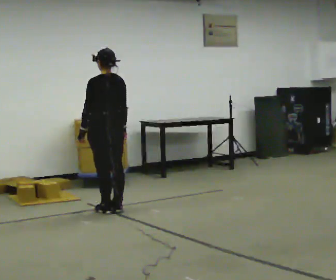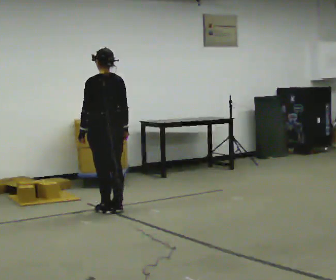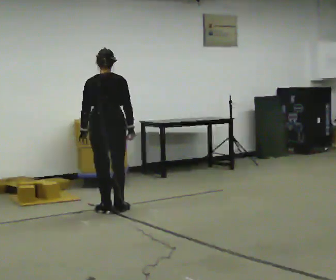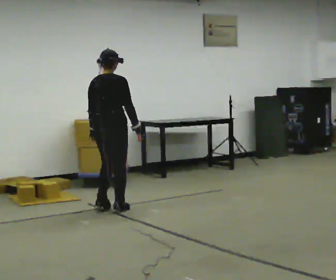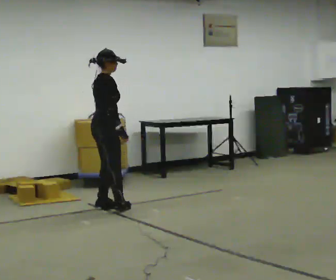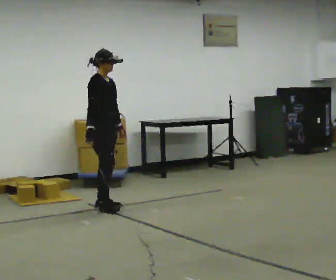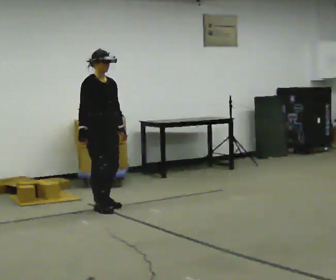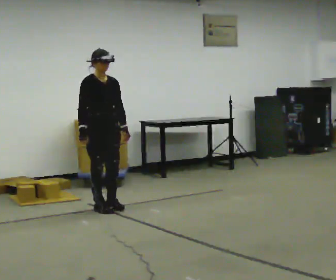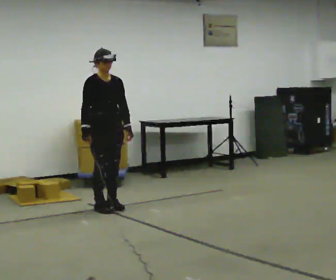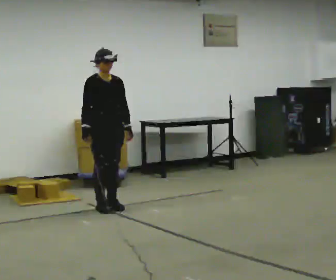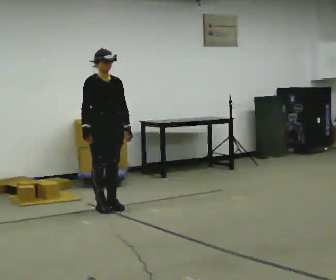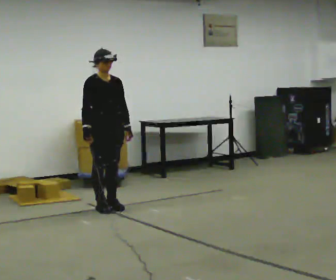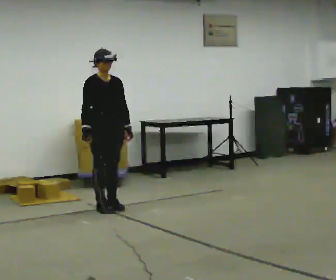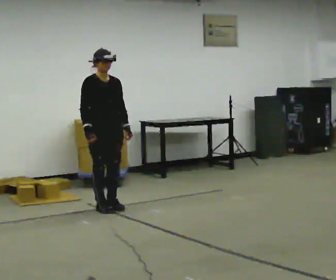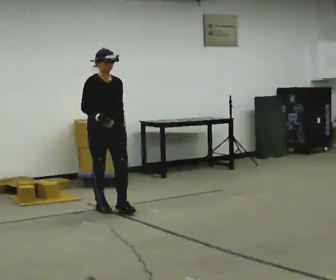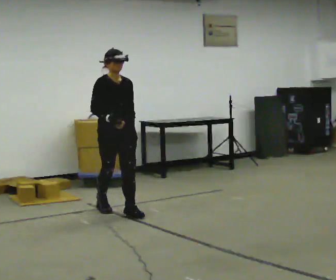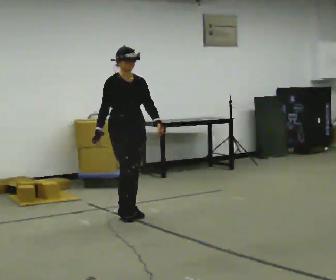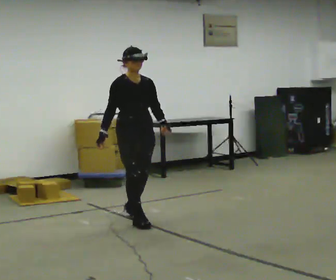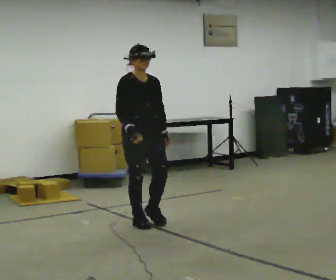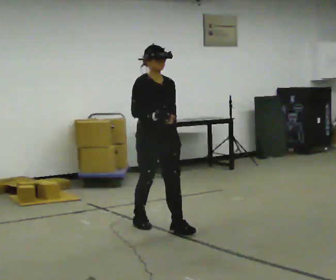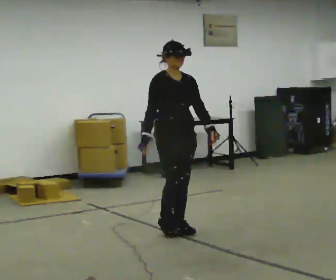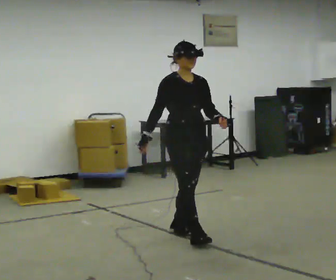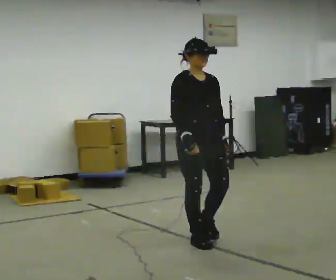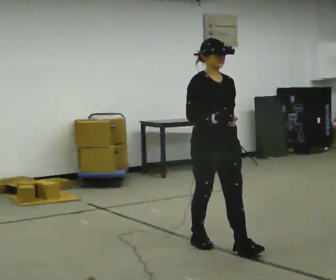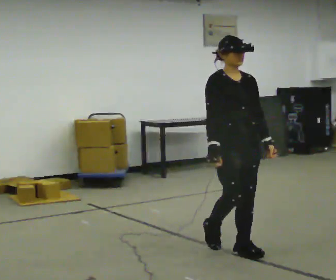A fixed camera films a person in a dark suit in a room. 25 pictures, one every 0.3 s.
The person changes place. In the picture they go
toward the camera.
The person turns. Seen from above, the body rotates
clockwise.
0.0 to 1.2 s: The part of the body nearest the lens slides to the left as the person turns to their right by about 120 degrees.
1.2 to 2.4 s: The part of the body nearest the lens slides to the left as the person turns to their right by about 75 degrees.
2.4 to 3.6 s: The person moves a little, or ends about where they began.
3.6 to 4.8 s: In the picture they go toward the camera and to the right, about 0.5 m in 1 step, which for them is forward.
4.8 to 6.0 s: In the picture they go toward the camera and to the right, about 1 m in 2 steps, which for them is forward.
6.0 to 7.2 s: In the picture they go toward the camera and to the right, about 1 m in 2 steps, which for them is forward.
The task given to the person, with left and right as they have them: Start still; walk straight at normal comfortable speed; stop at endpoint.
The film runs forward here.
